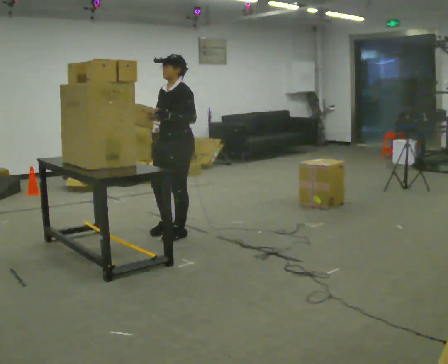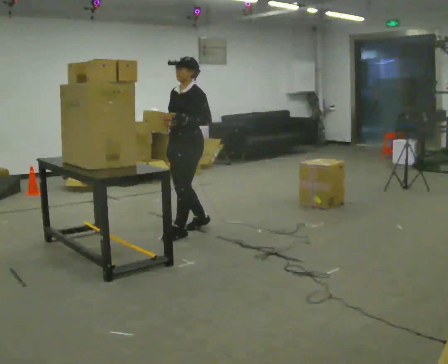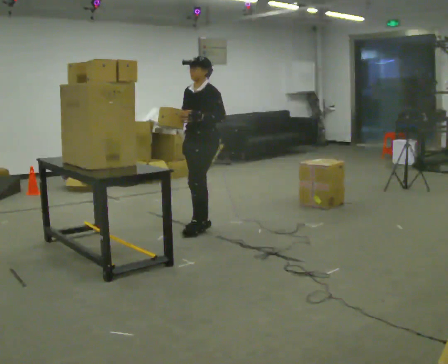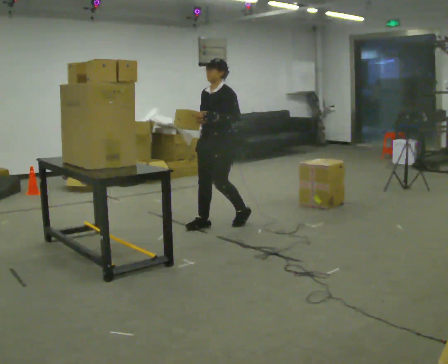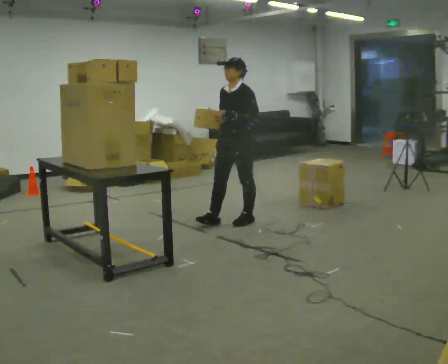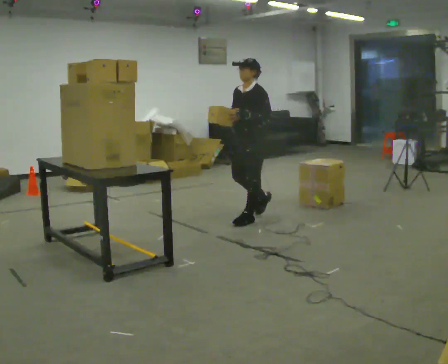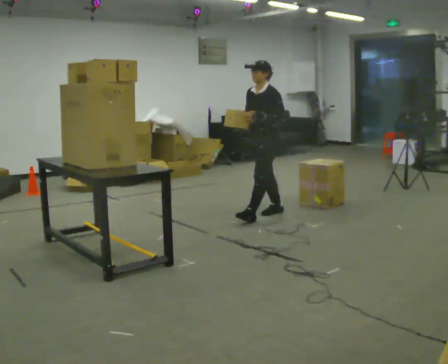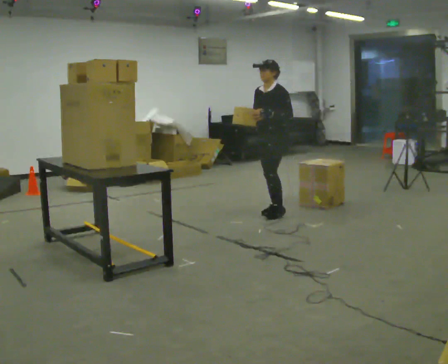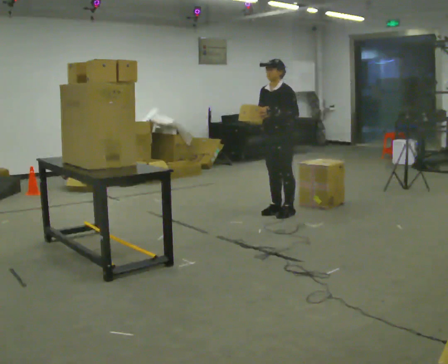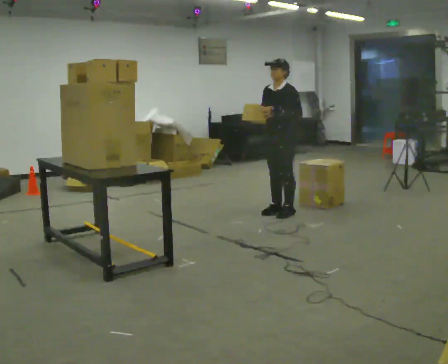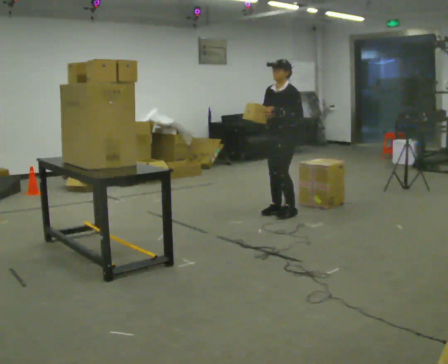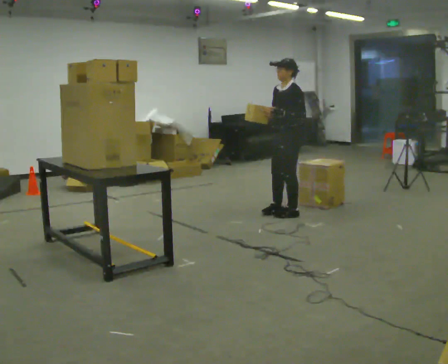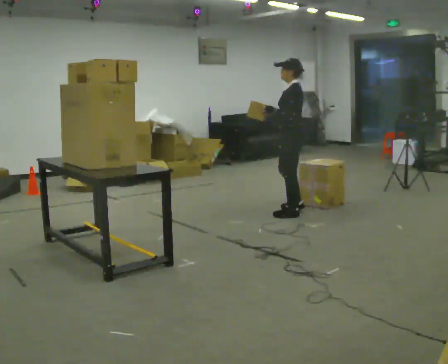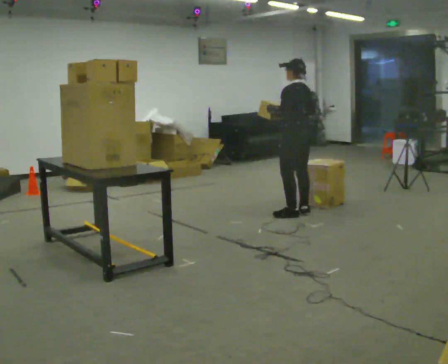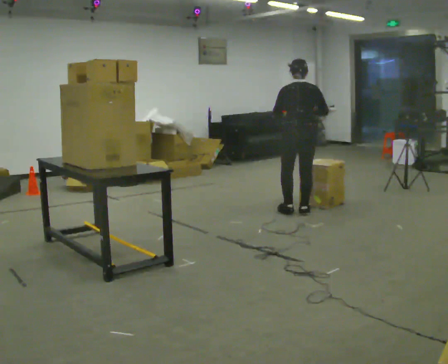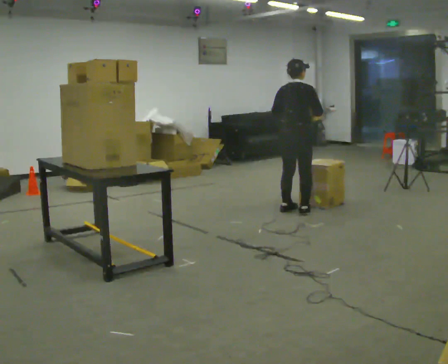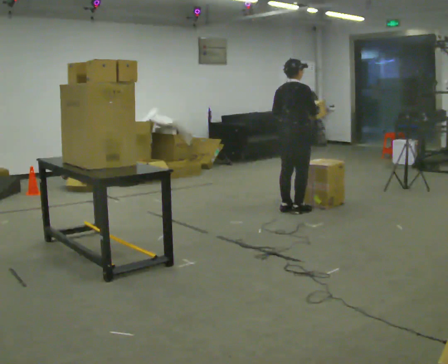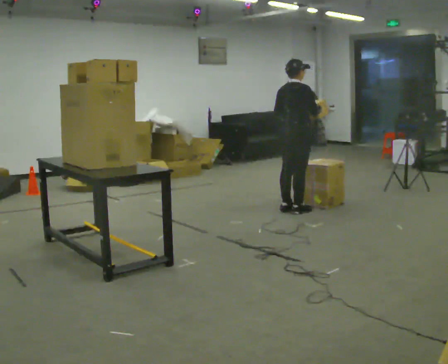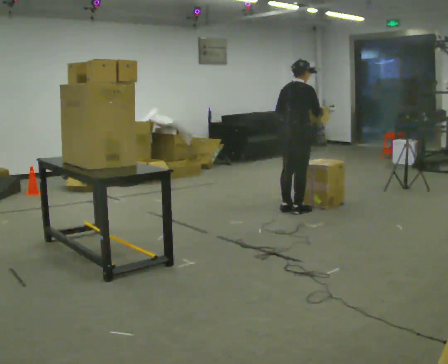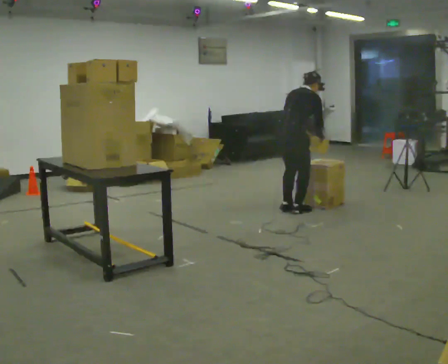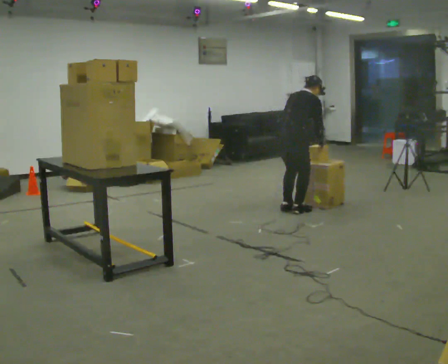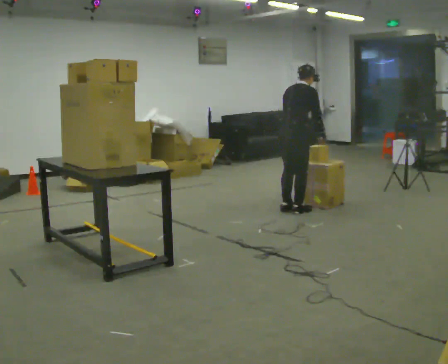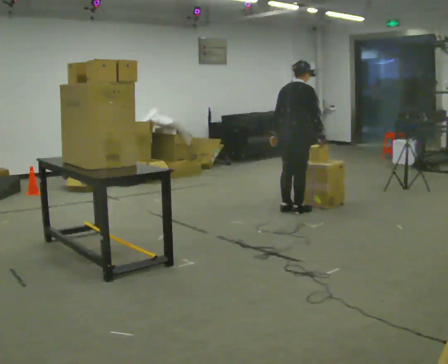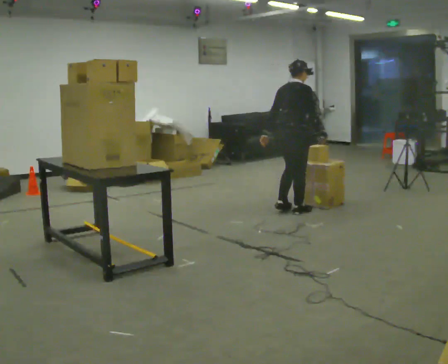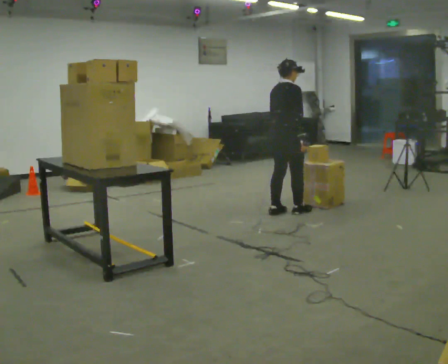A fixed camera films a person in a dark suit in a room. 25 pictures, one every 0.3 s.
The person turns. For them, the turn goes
to their right.
The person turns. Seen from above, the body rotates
clockwise.
0.0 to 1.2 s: In the picture they go away from the camera and to the right, about 0.75 m in 2 steps, which for them is backward.
1.2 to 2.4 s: In the picture they go away from the camera and to the right, about 0.5 m in 1 step, which for them is backward.
2.4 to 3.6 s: Seen from above the body turns clockwise, about 45 degrees: to their right, with its near side sliding to the left. In the picture they go to the right, about 0.25 m in 1 step, which for them is to their left.
3.6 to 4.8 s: Seen from above the body turns clockwise, about 135 degrees: to their right, with its near side sliding to the left. In the picture they go away from the camera, about 0.25 m in 1 step.
4.8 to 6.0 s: The upper body tips away from the camera, its near side rolling upward, as they bend forward. In the picture their right hand goes downward.
6.0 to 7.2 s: The upper body tips toward the camera, its near side rolling downward, as they lean back or straighten.
The film runs backward here.
